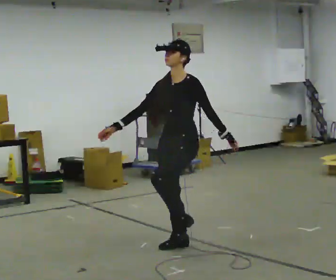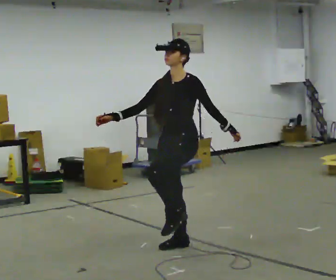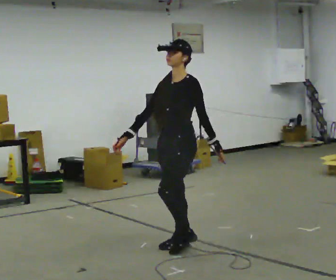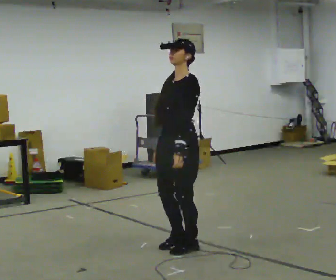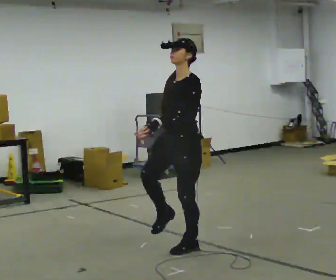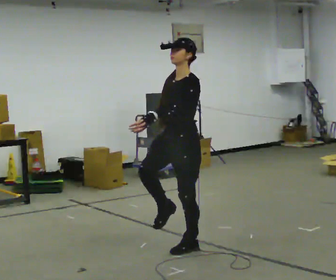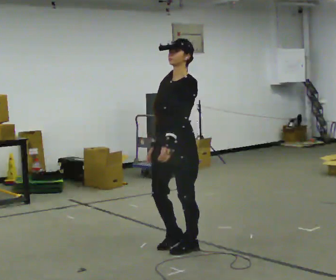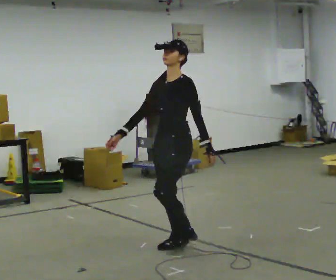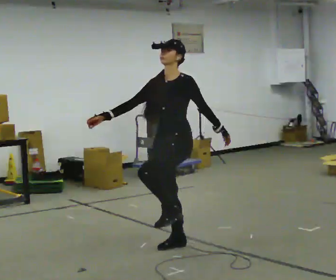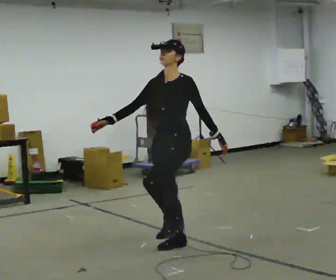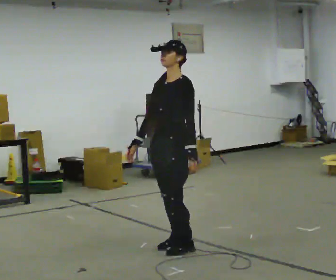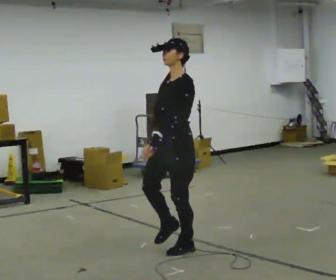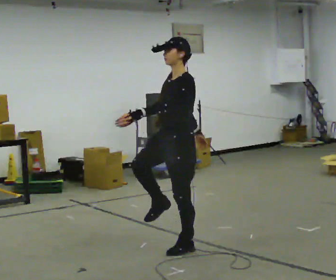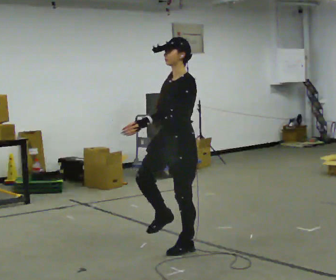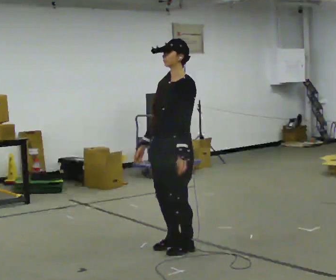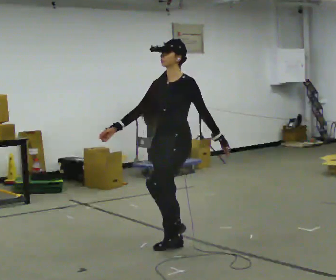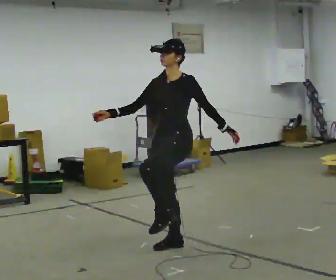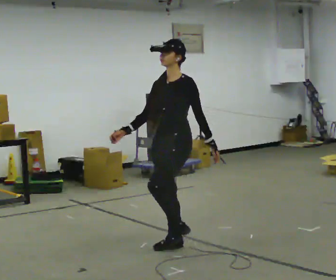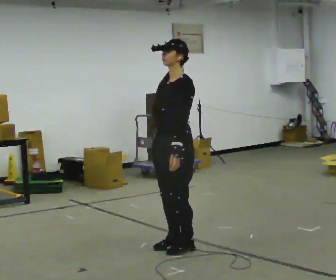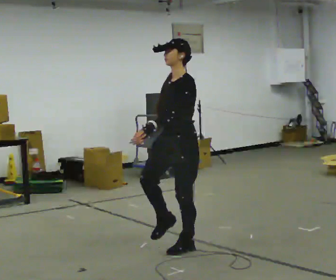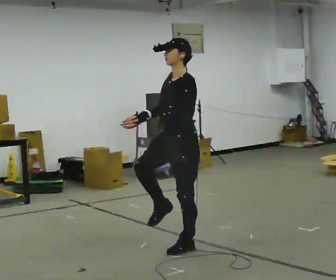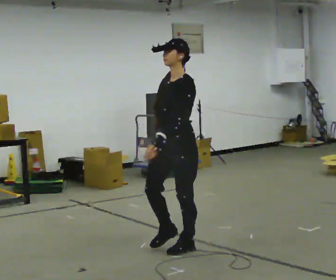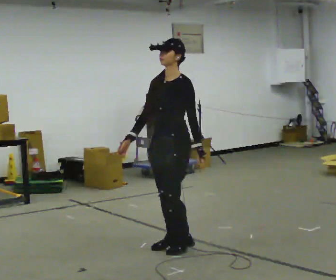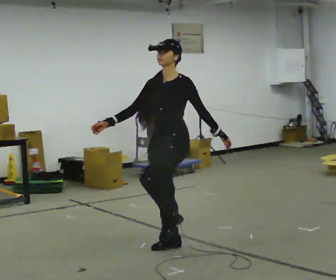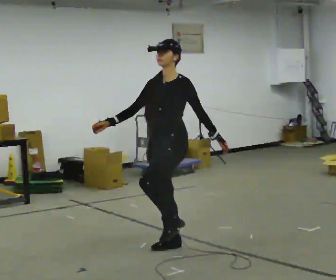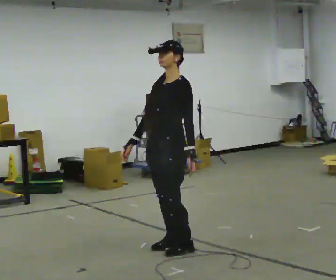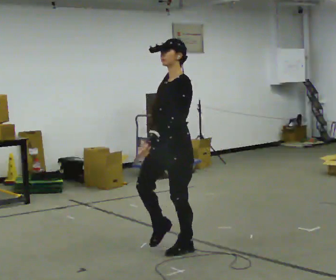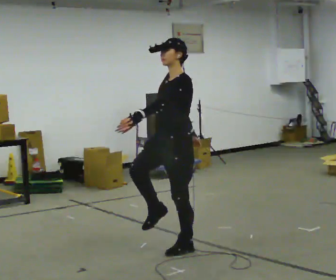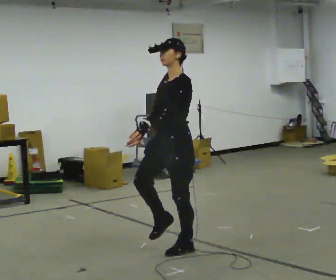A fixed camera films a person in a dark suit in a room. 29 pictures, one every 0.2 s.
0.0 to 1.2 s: In the picture their left hand goes to the left.
1.2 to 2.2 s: The person moves a little, or ends about where they began.
2.2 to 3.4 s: In the picture their left hand goes to the right.
3.4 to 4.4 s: The person moves a little, or ends about where they began.
4.4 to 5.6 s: In the picture their left hand goes to the left.
The film runs forward here.
